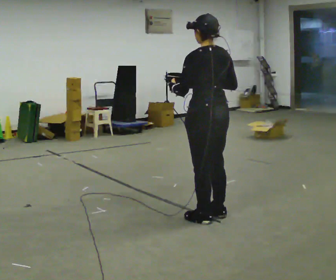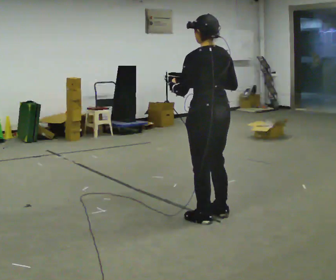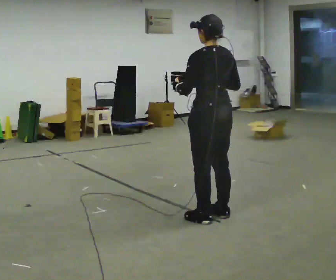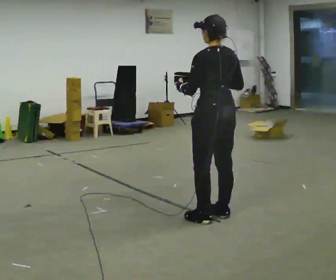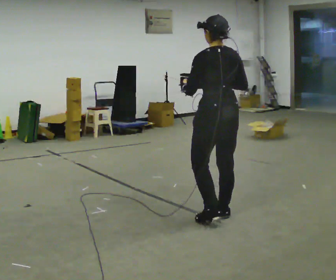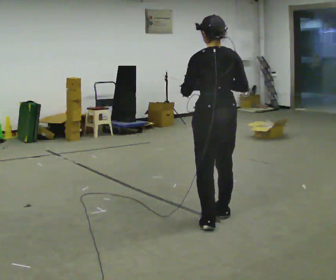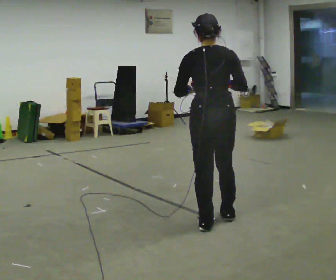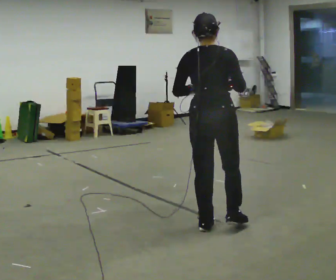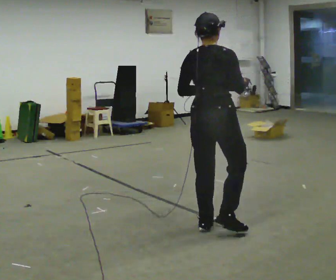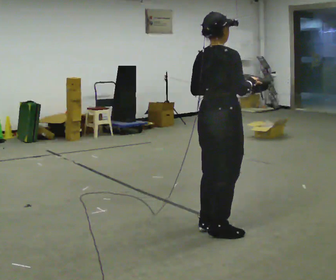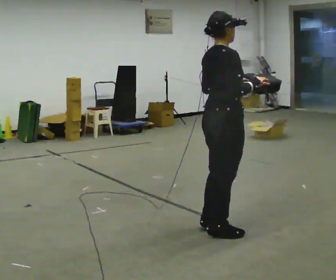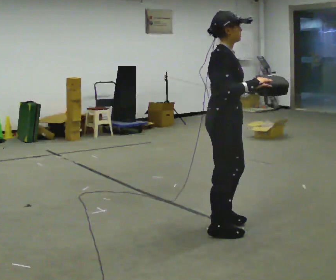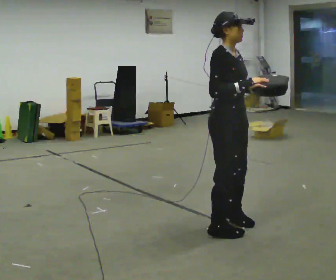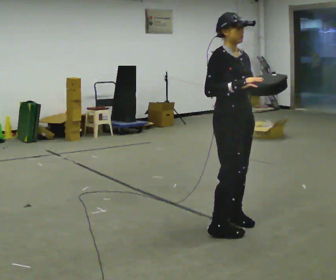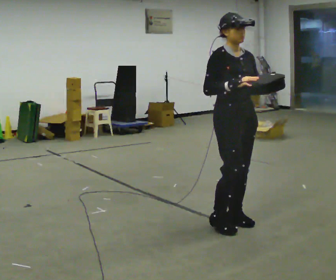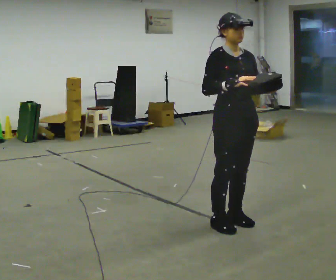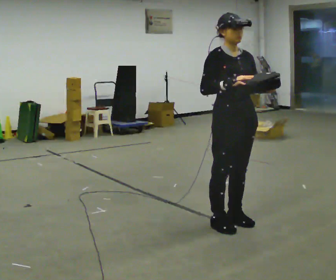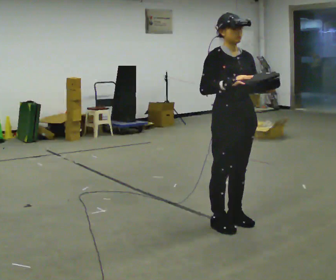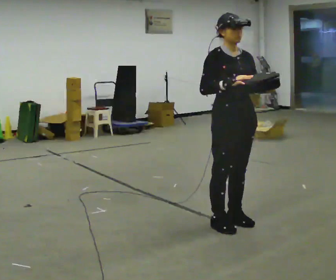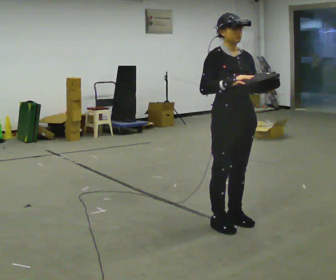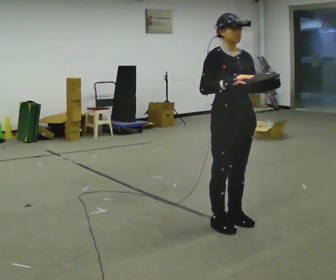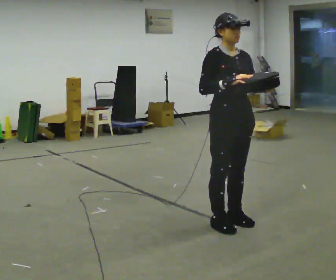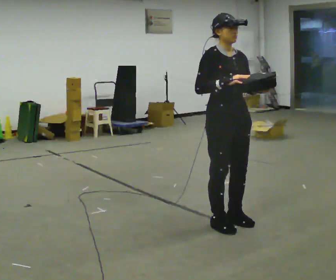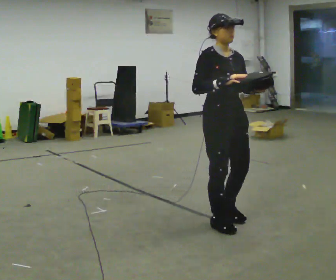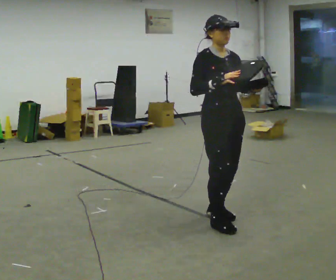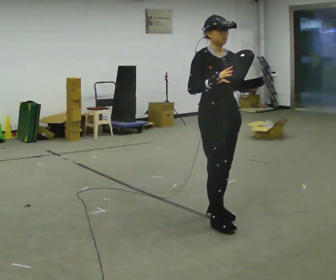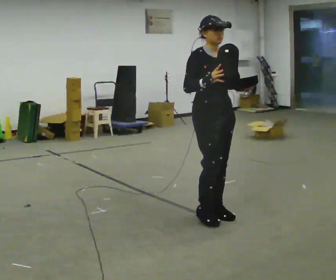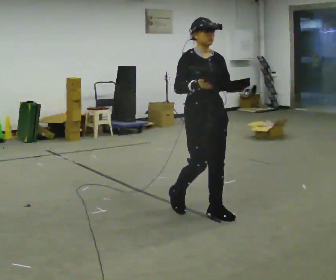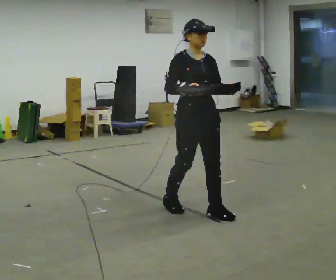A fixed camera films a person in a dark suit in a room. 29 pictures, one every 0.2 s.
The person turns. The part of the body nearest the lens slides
to the left.
The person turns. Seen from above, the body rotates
clockwise.
0.0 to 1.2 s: The part of the body nearest the lens slides to the left as the person turns to their right by about 30 degrees.
1.2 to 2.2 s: The person turns about 105 degrees to their right, clockwise seen from above, so the part of the body nearest the lens slides to the left. In the picture they go toward the camera, about 0.25 m in 1 step. In the picture their left hand goes to the right.
2.2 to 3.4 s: Seen from above the body turns clockwise, about 60 degrees: to their right, with its near side sliding to the left. In the picture they go away from the camera, about 0.25 m in 1 step, which for them is to their left.
3.4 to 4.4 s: The person moves a little, or ends about where they began.
4.4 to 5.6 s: In the picture they go away from the camera and to the left, about 0.25 m in 2 steps, which for them is backward.
The film runs backward here.
